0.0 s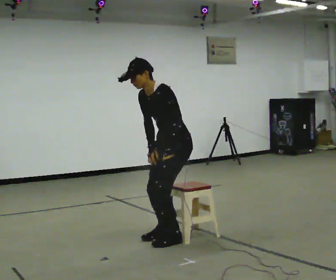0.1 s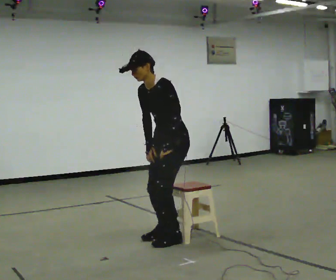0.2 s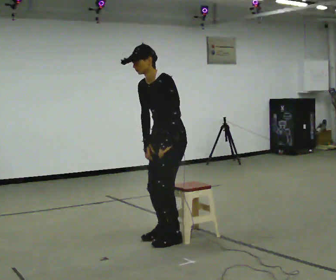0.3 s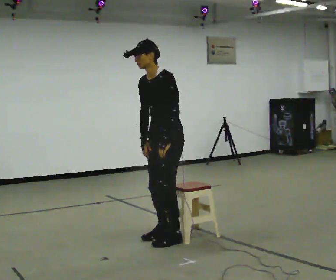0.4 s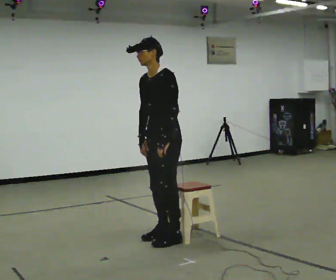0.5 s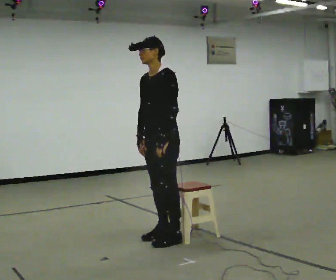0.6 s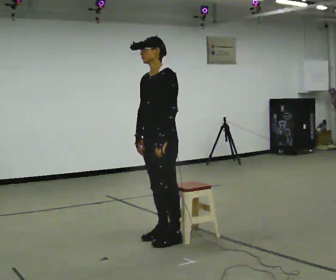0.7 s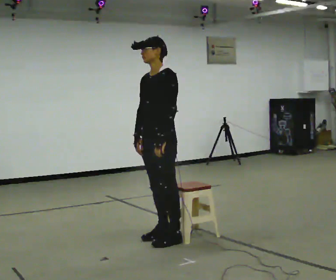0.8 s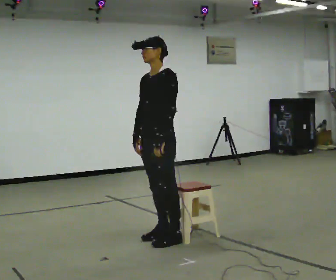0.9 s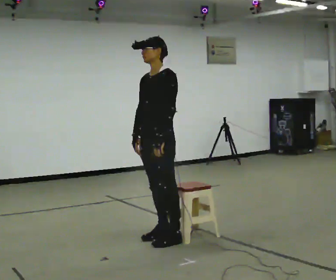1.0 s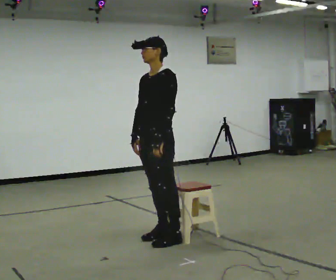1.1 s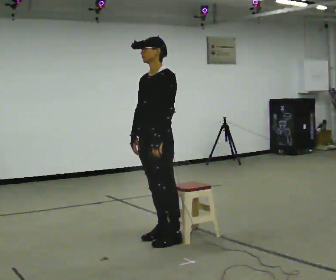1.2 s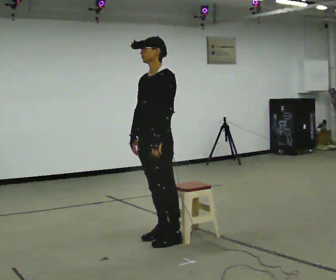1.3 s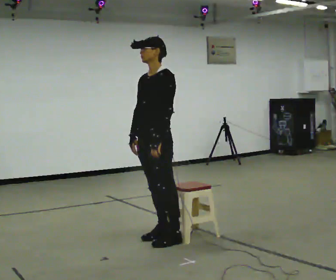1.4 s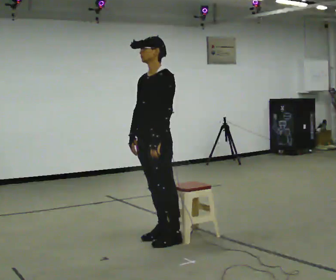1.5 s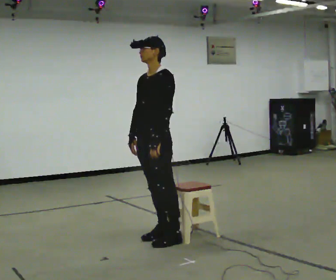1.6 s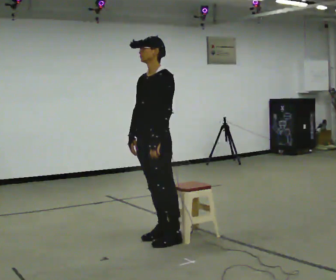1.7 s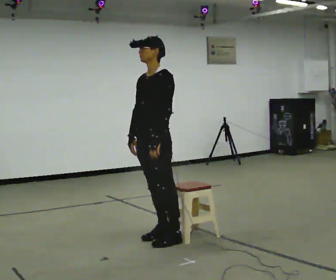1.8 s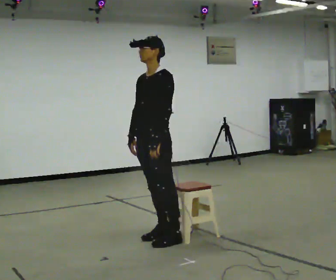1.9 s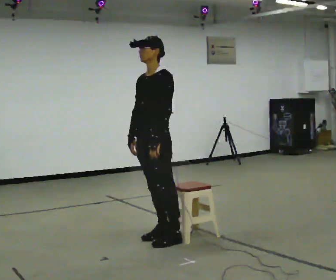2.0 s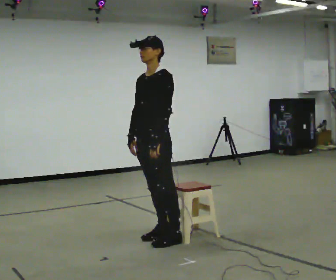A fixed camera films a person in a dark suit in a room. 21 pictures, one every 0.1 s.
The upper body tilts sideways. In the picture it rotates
clockwise.
0.0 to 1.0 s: In the picture they go to the left, about 0.25 m, which for them is forward. The shoulders move upward. In the picture the upper body tilts clockwise, shoulders to the right, as they lean back or straighten.
1.0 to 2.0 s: The person moves a little, or ends about where they began.
The film runs backward here.
